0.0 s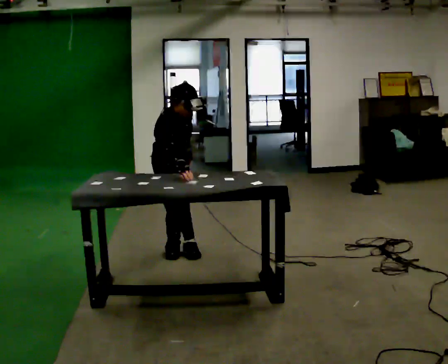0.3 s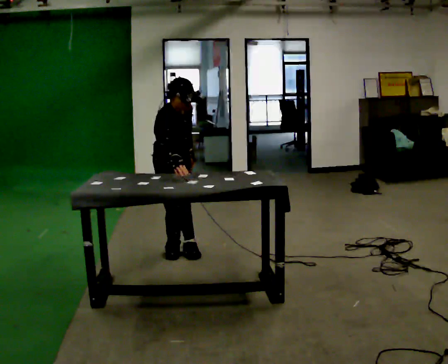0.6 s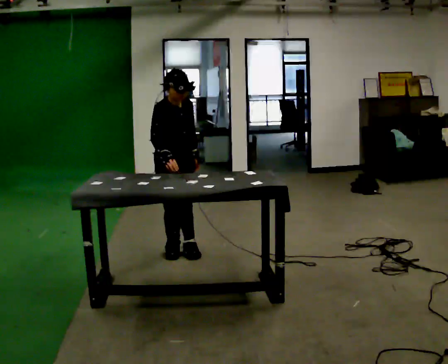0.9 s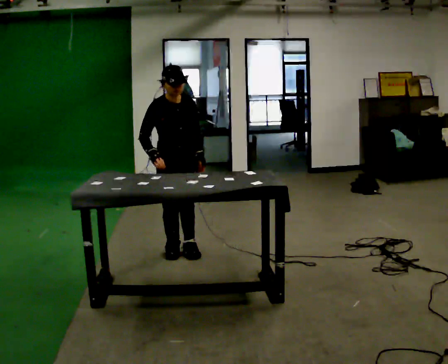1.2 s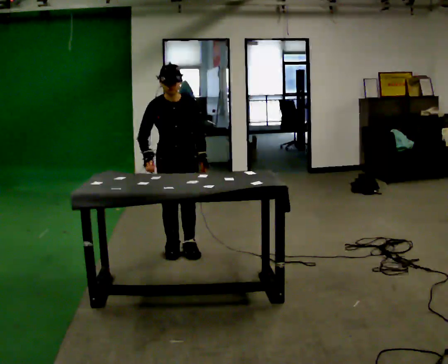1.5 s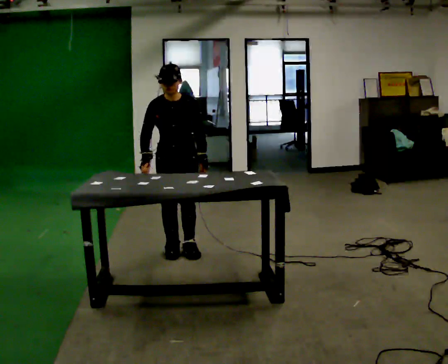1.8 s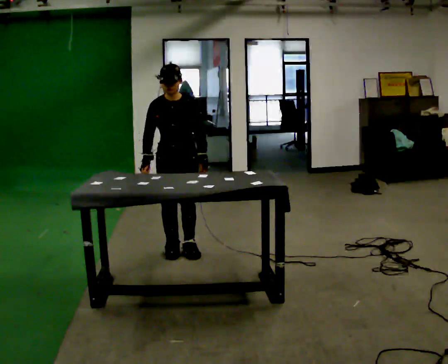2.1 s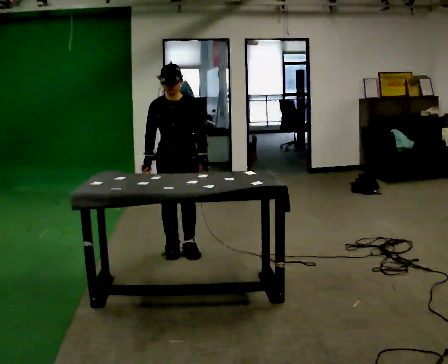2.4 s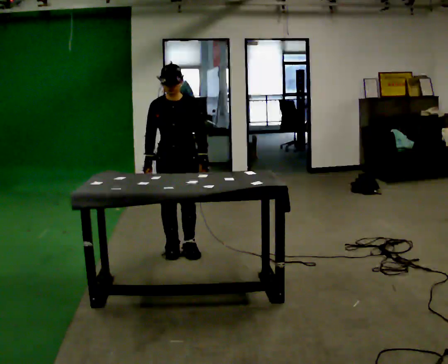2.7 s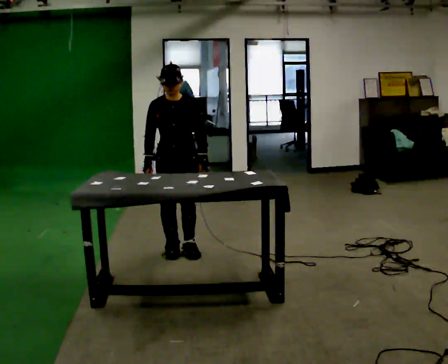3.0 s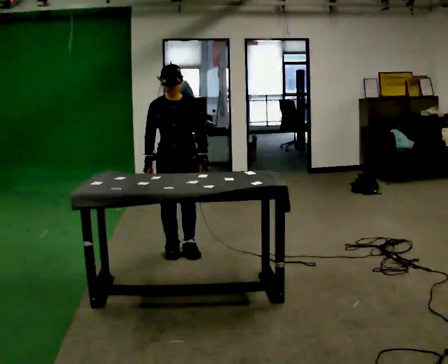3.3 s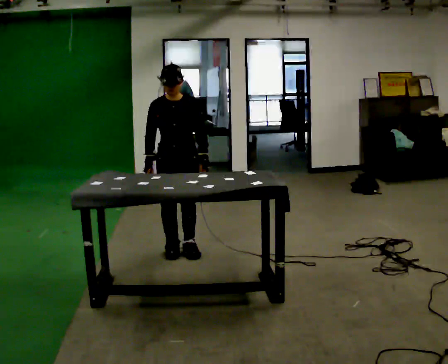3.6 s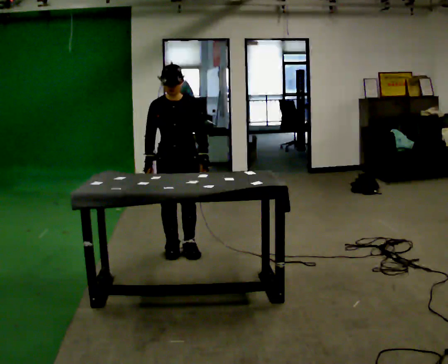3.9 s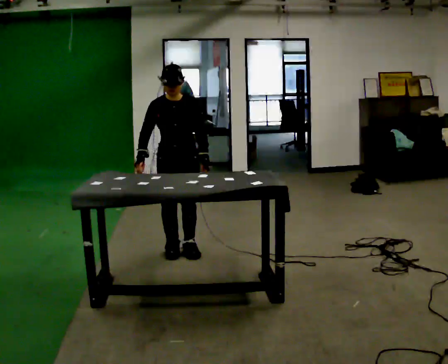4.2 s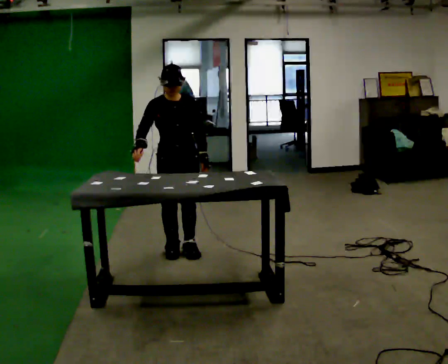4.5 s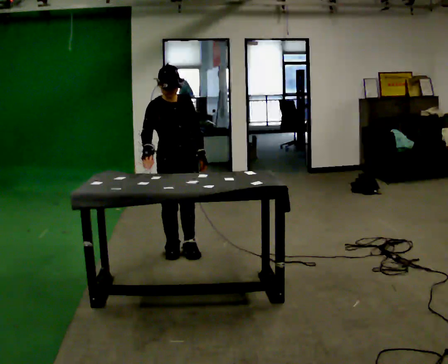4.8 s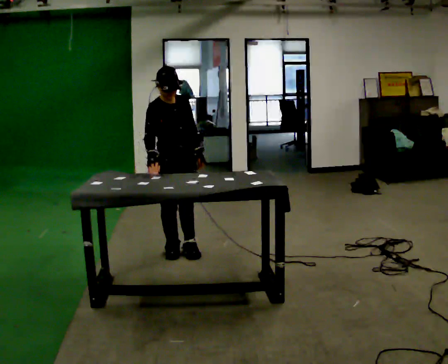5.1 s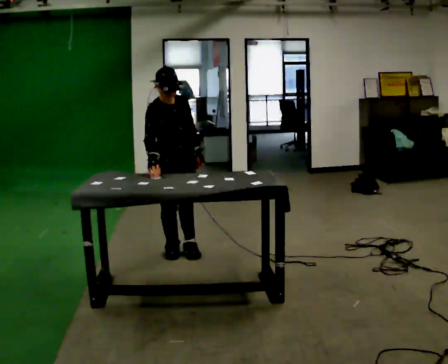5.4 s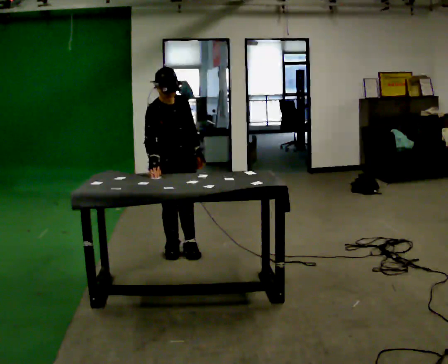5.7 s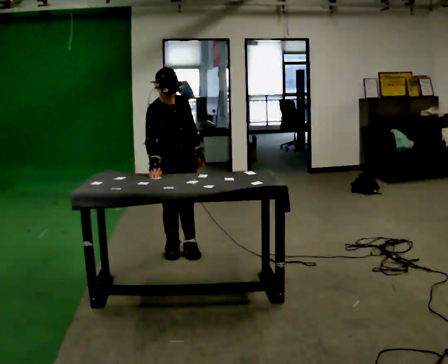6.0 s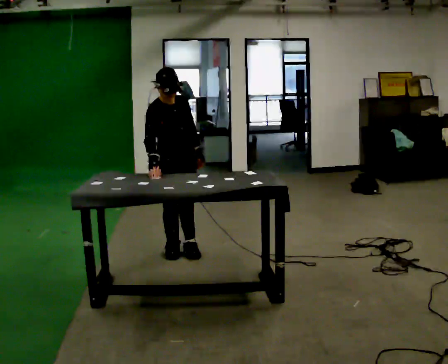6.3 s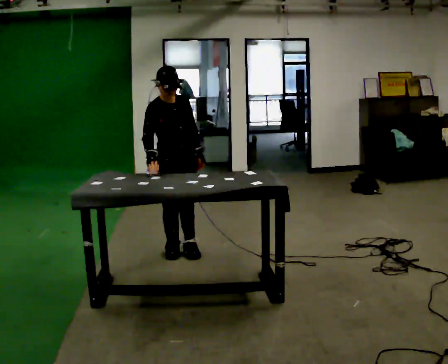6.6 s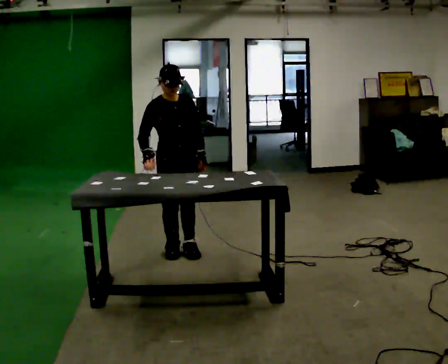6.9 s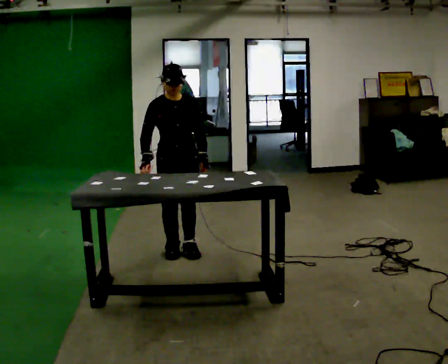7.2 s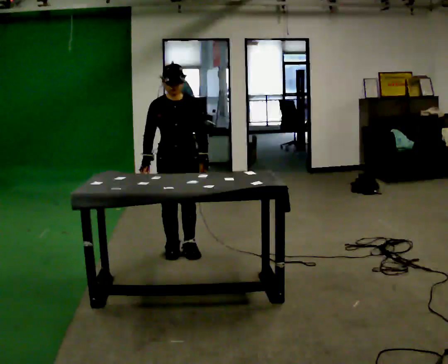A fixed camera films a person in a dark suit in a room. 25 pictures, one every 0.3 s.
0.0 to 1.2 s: Seen from above the body turns clockwise, about 45 degrees: to their right, with its near side sliding to the left. The upper body tips away from the camera, its near side rolling upward, as they lean back or straighten.
1.2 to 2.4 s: The person moves a little, or ends about where they began.
2.4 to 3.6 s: The person keeps their place and pose.
3.6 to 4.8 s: Seen from above the body turns counterclockwise, about 30 degrees: to their left, with its near side sliding to the right.
4.8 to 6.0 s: The person moves a little, or ends about where they began.
6.0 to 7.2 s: The person turns about 30 degrees to their right, clockwise seen from above, so the part of the body nearest the lens slides to the left.
The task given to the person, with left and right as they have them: Touch each numbered target on the board in front of you in the order the operator calls. Keep both feet on the marked spots for the whole take. If you have to step, stop and tell the operator.
The film runs forward here.
